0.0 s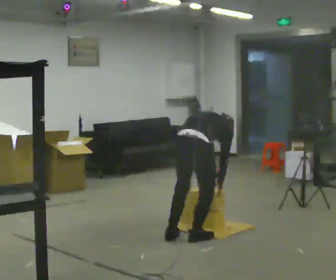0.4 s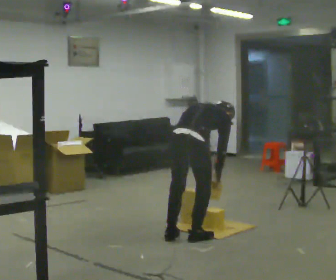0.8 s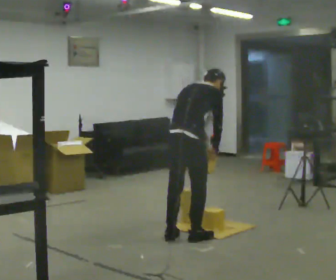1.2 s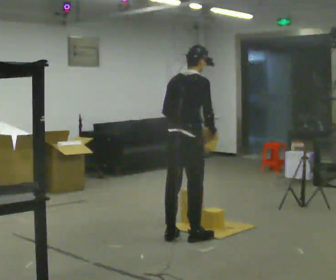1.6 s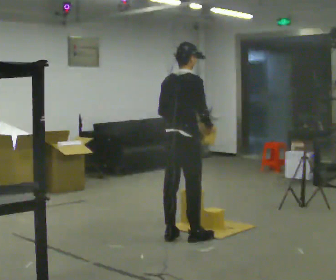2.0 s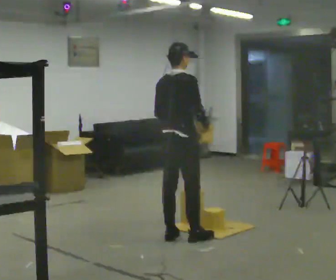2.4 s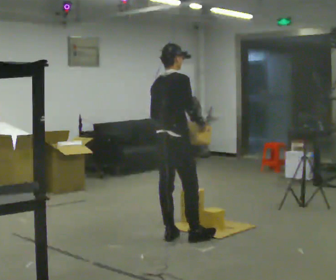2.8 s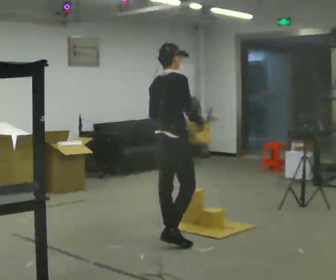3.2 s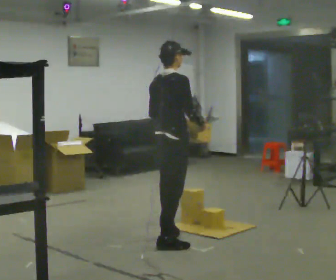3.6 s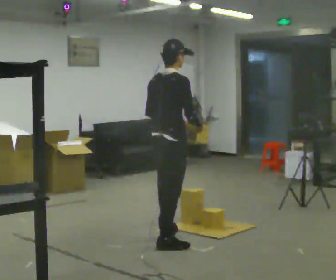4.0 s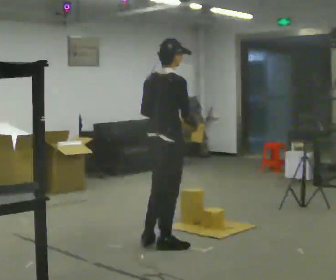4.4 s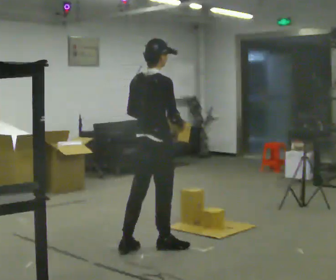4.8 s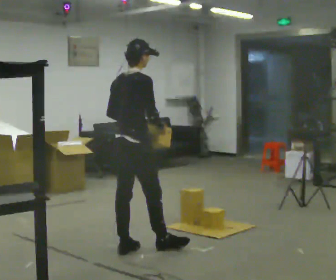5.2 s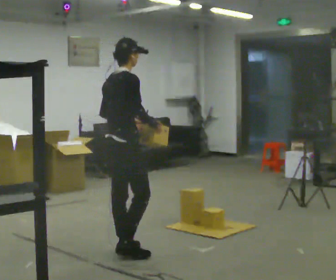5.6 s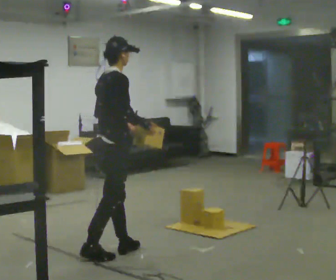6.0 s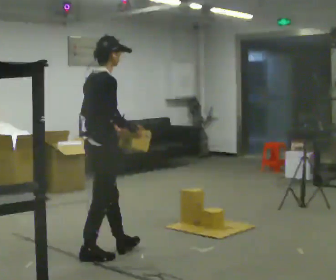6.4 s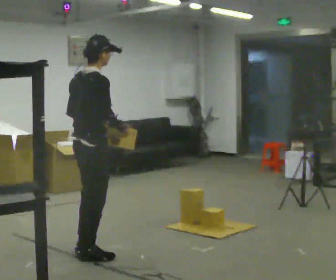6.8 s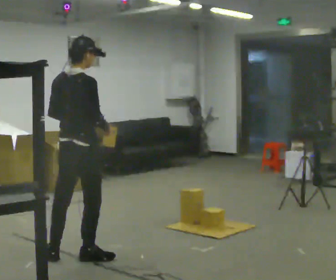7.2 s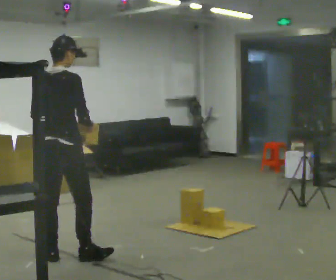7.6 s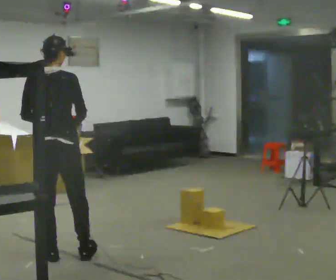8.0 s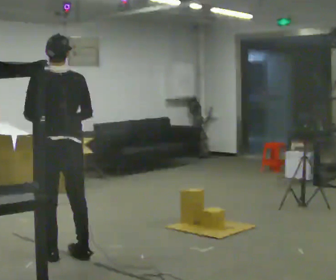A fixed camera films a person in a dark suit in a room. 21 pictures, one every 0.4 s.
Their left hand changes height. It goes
upward.
The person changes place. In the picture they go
to the left.
0.0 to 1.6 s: The upper body goes upward. The upper body tips toward the camera, its near side rolling downward, as they lean back or straighten. In the picture their right hand goes upward.
1.6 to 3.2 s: The person moves a little, or ends about where they began.
3.2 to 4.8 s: In the picture they go to the left and toward the camera, about 0.5 m in 1 step, which for them is backward.
4.8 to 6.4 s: In the picture they go to the left and toward the camera, about 0.5 m in 2 steps, which for them is backward.
6.4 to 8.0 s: The person turns about 75 degrees to their left, counterclockwise seen from above, so the part of the body nearest the lens slides to the right. In the picture they go to the left, about 0.25 m. In the picture their right hand goes to the left.
The film runs backward here.
